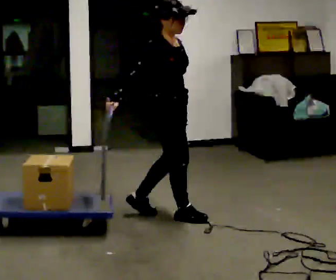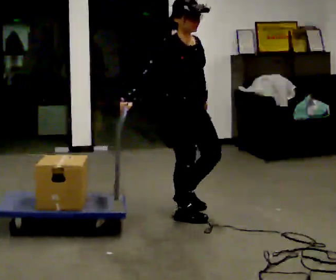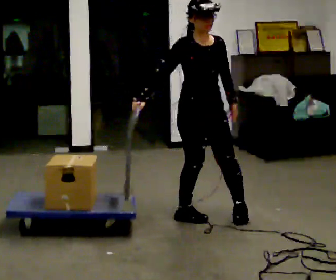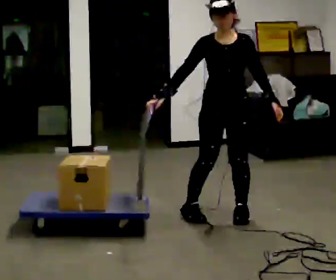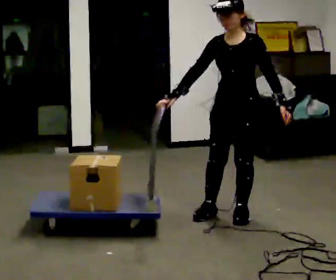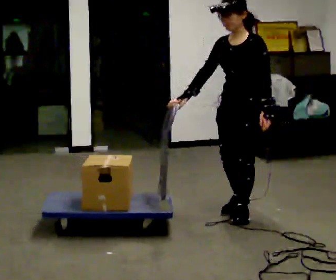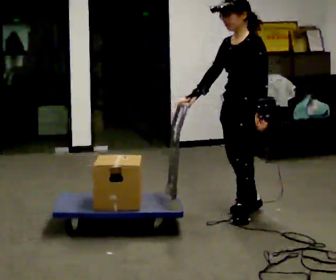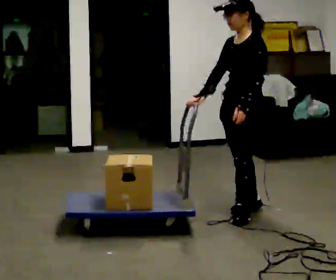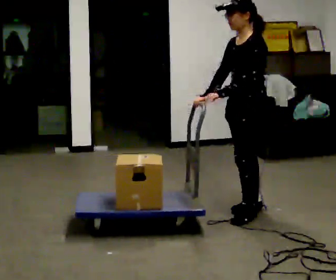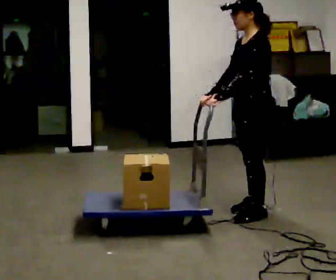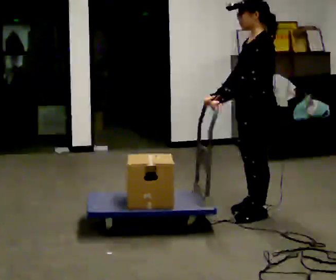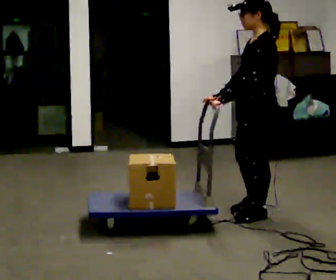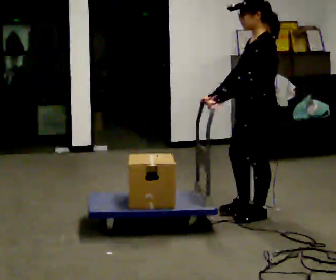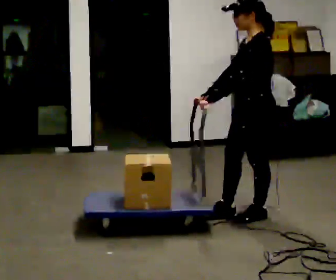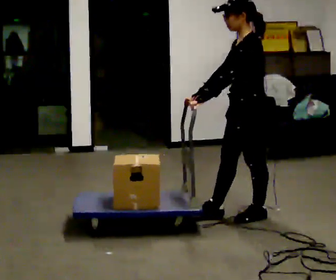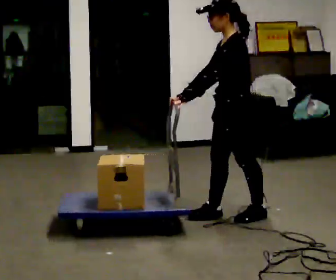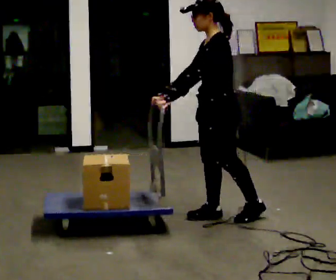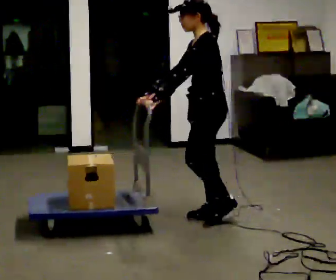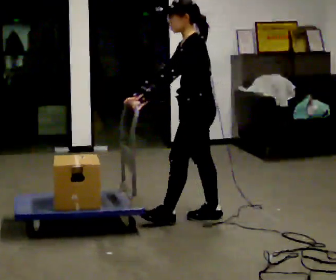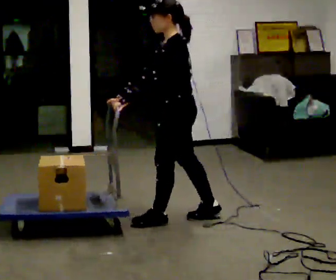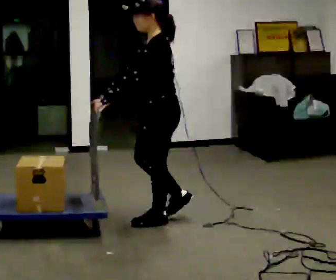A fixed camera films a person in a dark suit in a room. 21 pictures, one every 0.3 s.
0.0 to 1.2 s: The part of the body nearest the lens slides to the left as the person turns to their right by about 105 degrees. In the picture they go to the right, about 0.5 m in 1 step.
1.2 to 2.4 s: The part of the body nearest the lens slides to the left as the person turns to their right by about 30 degrees. In the picture their left hand goes to the left.
2.4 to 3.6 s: Seen from above the body turns clockwise, about 30 degrees: to their right, with its near side sliding to the left.
3.6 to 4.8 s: In the picture they go to the left, about 0.25 m in 1 step, which for them is forward.
4.8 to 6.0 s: In the picture they go to the left and toward the camera, about 0.5 m in 1 step, which for them is forward.
The film runs forward here.
